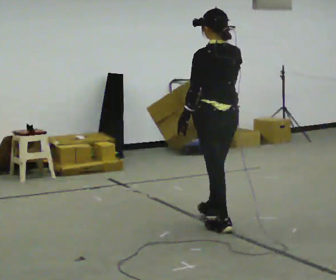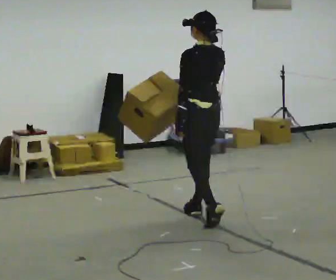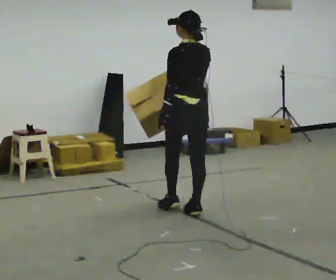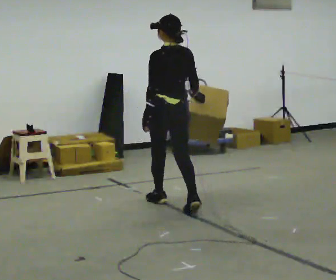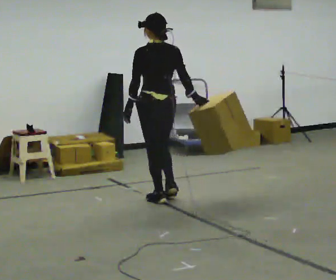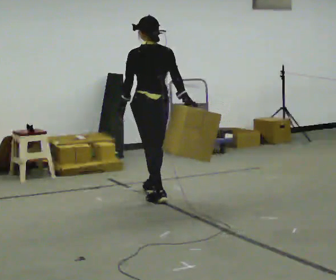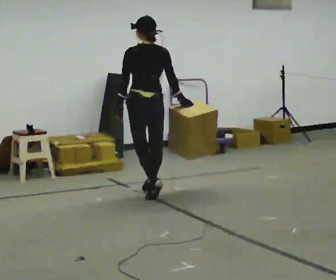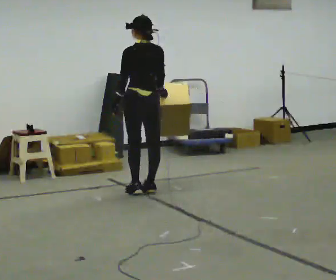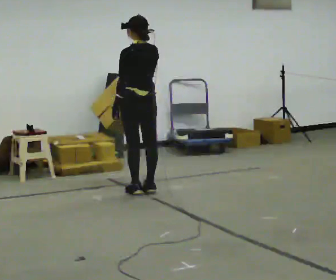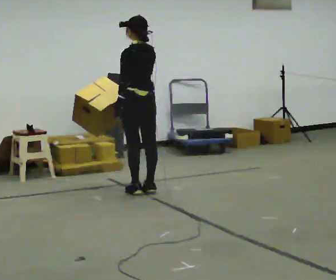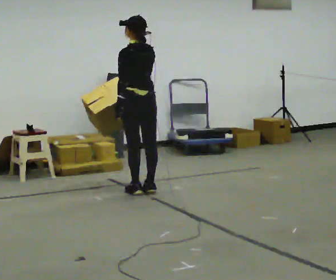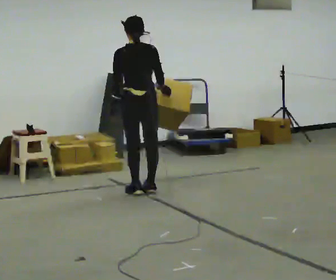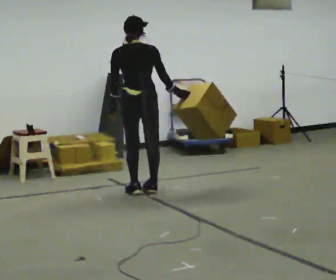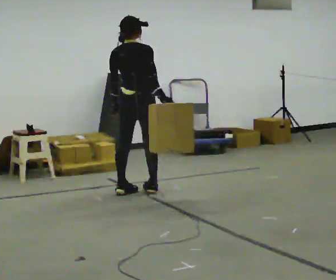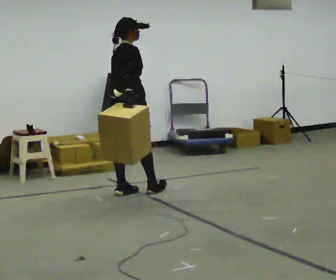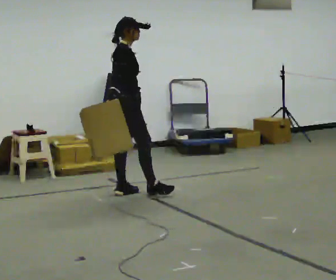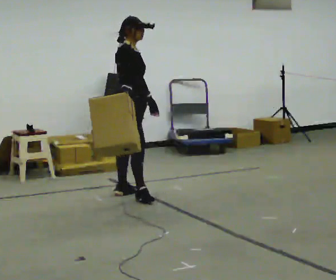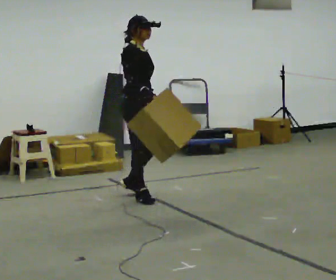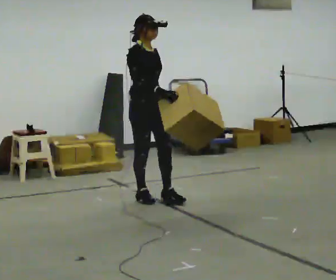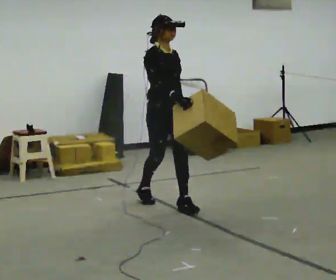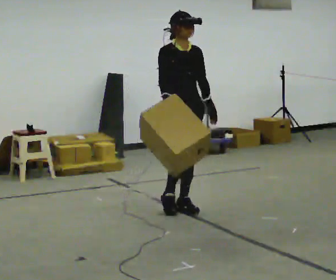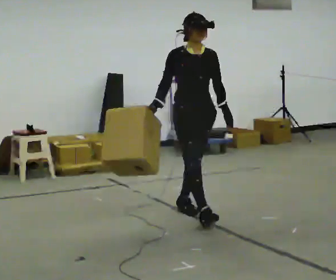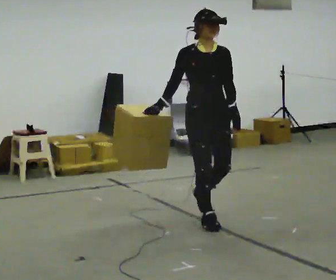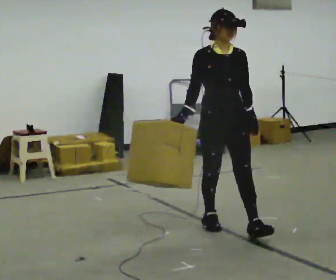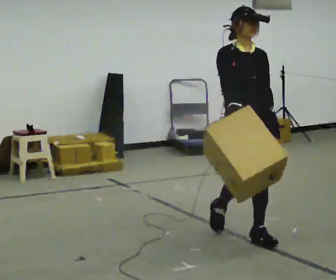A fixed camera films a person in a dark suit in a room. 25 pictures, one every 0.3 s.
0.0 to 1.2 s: In the picture they go away from the camera and to the left, about 1 m in 2 steps, which for them is forward.
1.2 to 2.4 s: In the picture they go away from the camera and to the left, about 0.5 m in 2 steps, which for them is forward.
2.4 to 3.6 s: The part of the body nearest the lens slides to the left as the person turns to their right by about 45 degrees. In the picture their right hand goes to the right, the arm swinging counterclockwise.
3.6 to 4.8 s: Seen from above the body turns clockwise, about 90 degrees: to their right, with its near side sliding to the left. In the picture they go toward the camera, about 0.25 m in 1 step. In the picture their right hand goes to the left.
4.8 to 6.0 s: The person turns about 45 degrees to their right, clockwise seen from above, so the part of the body nearest the lens slides to the left. In the picture they go toward the camera and to the right, about 0.75 m in 1 step, which for them is forward.
6.0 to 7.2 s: In the picture they go toward the camera and to the right, about 1 m in 2 steps, which for them is forward.
The film runs forward here.
